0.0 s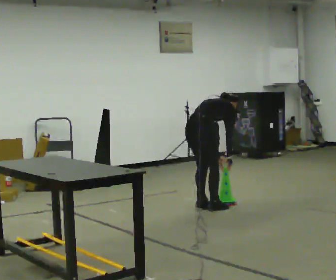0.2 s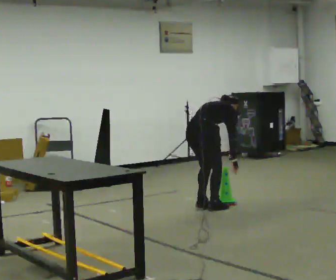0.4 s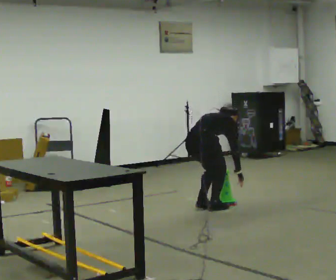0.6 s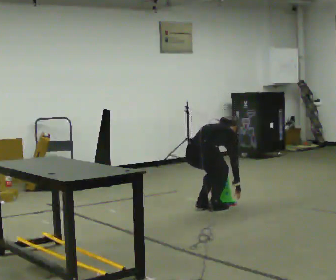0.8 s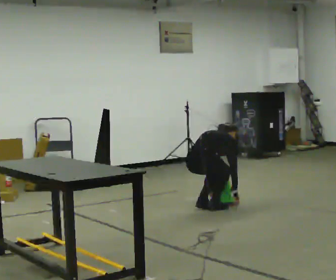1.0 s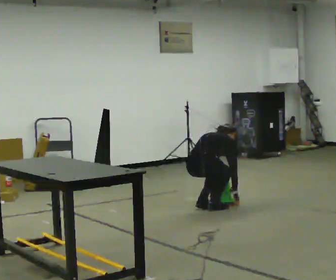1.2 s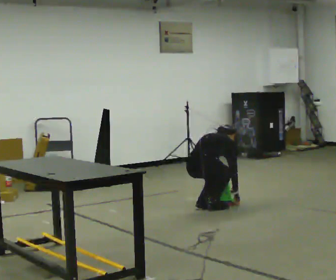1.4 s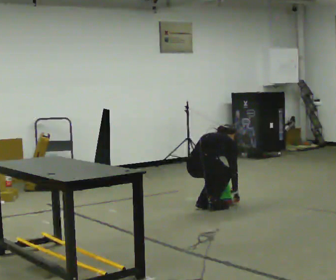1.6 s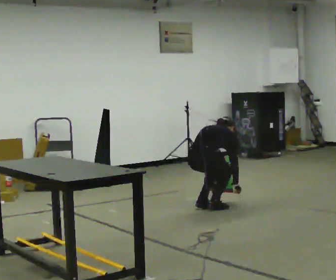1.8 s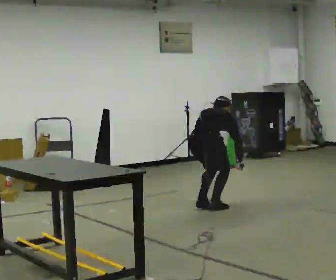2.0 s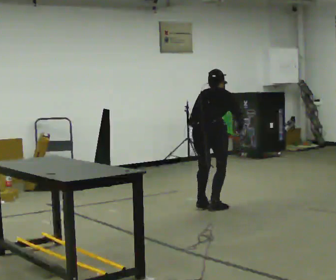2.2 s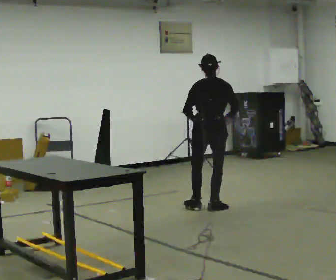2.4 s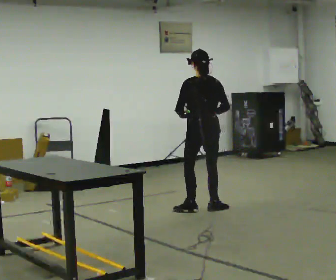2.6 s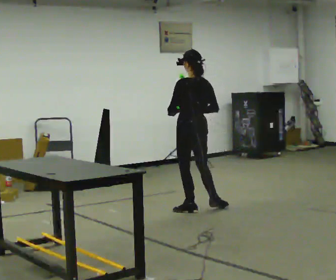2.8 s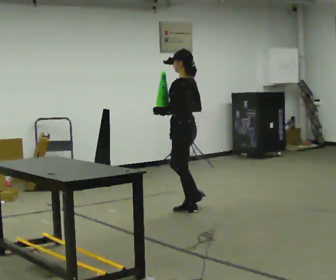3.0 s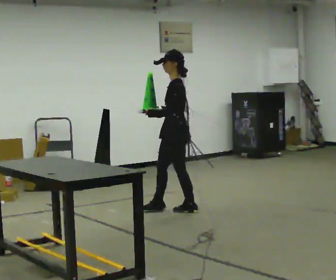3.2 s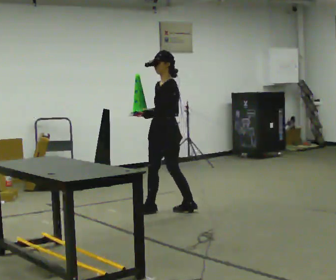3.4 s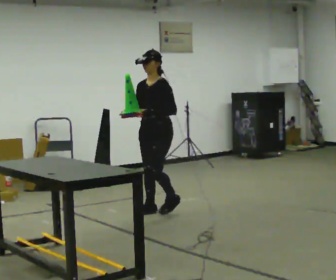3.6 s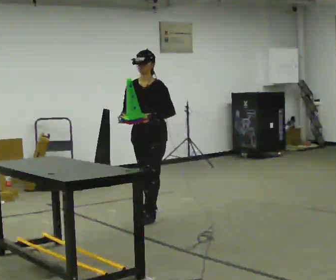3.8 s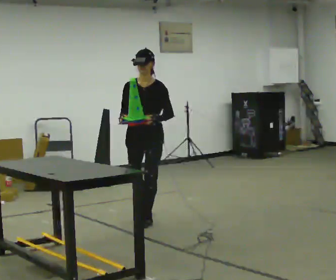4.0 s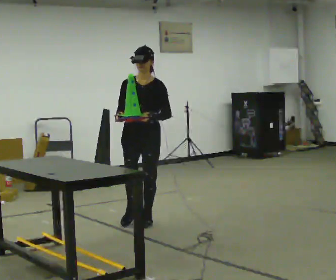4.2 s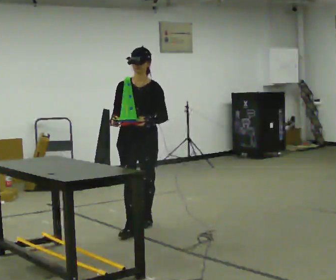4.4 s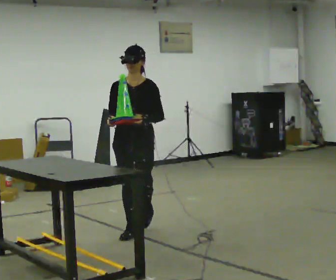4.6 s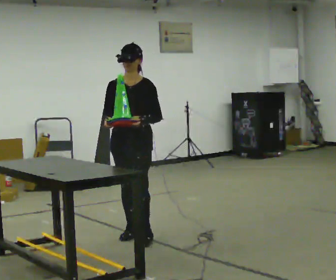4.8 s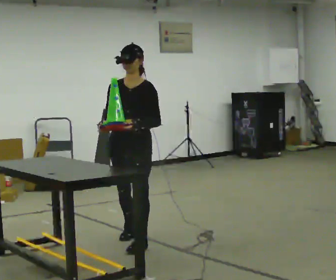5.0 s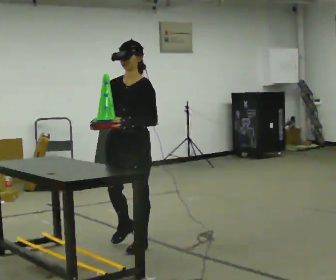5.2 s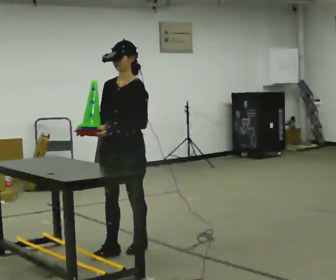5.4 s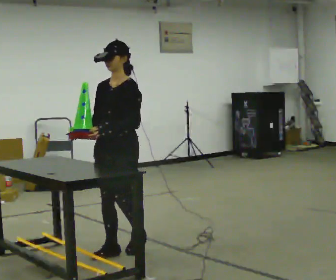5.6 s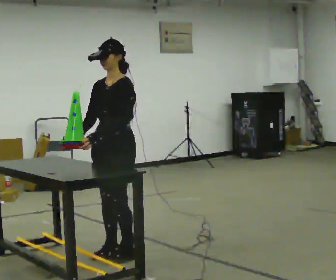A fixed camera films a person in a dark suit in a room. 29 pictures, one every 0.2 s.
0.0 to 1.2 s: The shoulders move downward. In the picture their right hand goes downward.
1.2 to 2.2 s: The part of the body nearest the lens slides to the right as the person turns to their left by about 30 degrees. The upper body goes upward. In the picture the upper body tilts counterclockwise, shoulders to the left, as they lean back or straighten. In the picture their right hand goes upward.
2.2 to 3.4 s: The part of the body nearest the lens slides to the right as the person turns to their left by about 150 degrees. In the picture they go to the left, about 0.5 m in 1 step. The upper body tips toward the camera, its near side rolling downward.
3.4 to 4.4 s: The part of the body nearest the lens slides to the right as the person turns to their left by about 30 degrees. In the picture they go toward the camera, about 1 m in 2 steps, which for them is forward.
4.4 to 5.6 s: The part of the body nearest the lens slides to the left as the person turns to their right by about 45 degrees. In the picture they go toward the camera, about 0.75 m in 2 steps, which for them is forward.
The film runs forward here.
